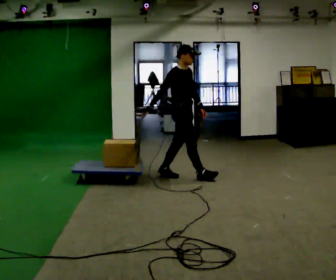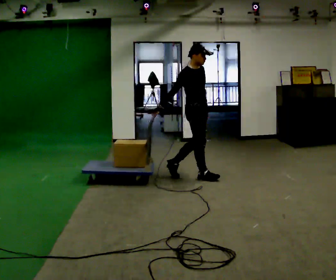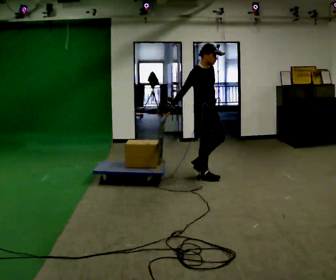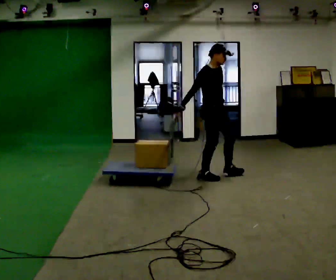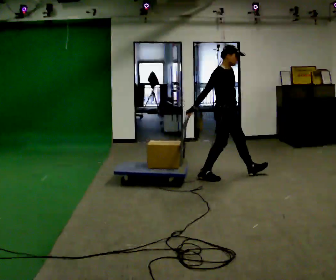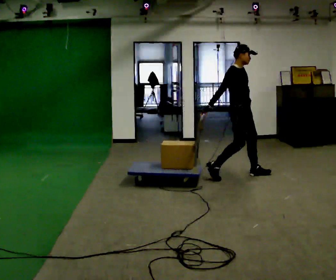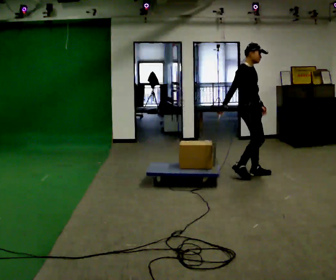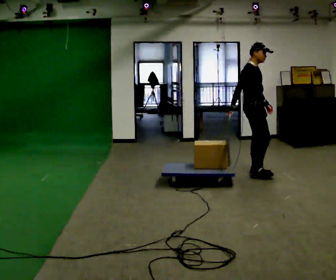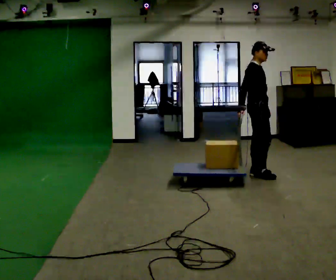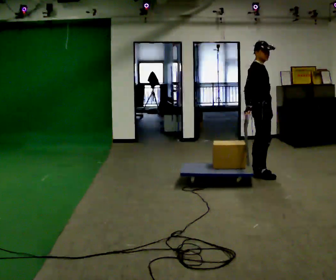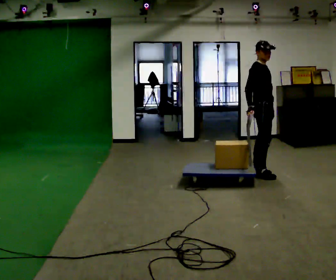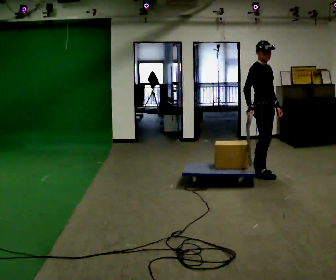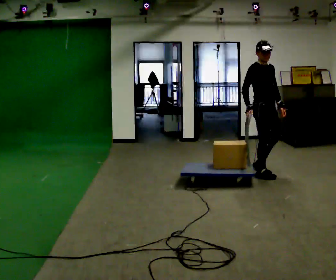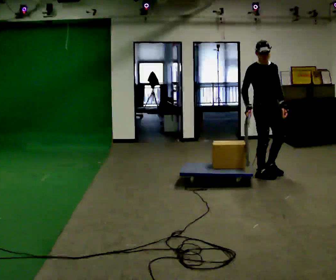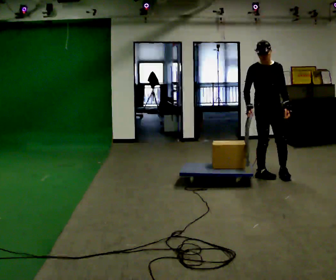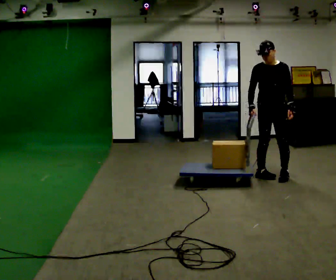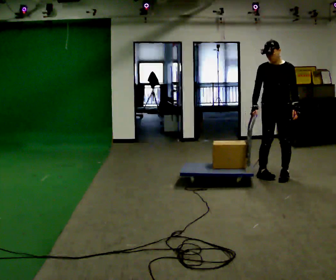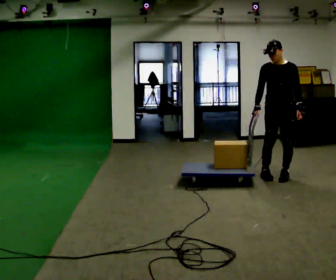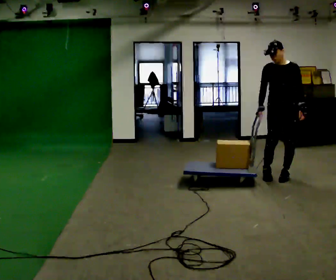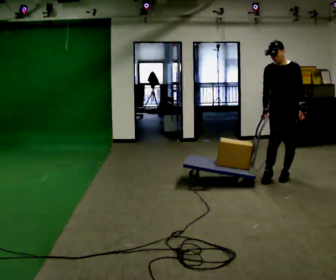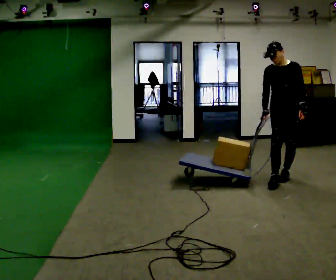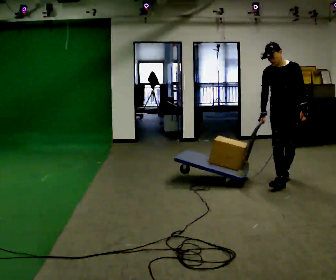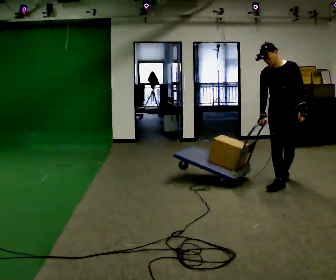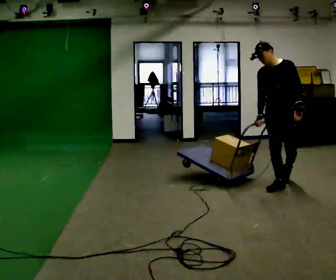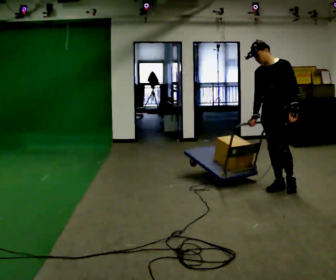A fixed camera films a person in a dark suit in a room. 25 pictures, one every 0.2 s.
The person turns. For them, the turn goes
to their right.
The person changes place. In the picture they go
to the right.
0.0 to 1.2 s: In the picture they go to the right, about 1 m in 1 step, which for them is forward and to their left.
1.2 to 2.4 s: The person turns about 30 degrees to their right, clockwise seen from above, so the part of the body nearest the lens slides to the left. In the picture they go to the right, about 0.25 m in 1 step, which for them is forward.
2.4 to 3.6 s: The part of the body nearest the lens slides to the left as the person turns to their right by about 60 degrees. In the picture they go to the right, about 0.25 m in 1 step, which for them is to their left and forward.
3.6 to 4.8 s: The part of the body nearest the lens slides to the left as the person turns to their right by about 30 degrees. In the picture they go toward the camera, about 0.5 m in 1 step, which for them is forward.
The film runs forward here.
